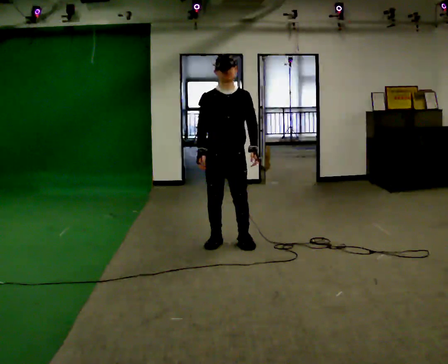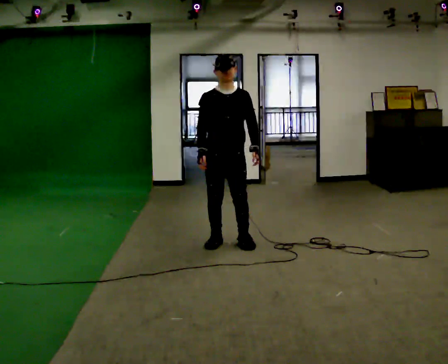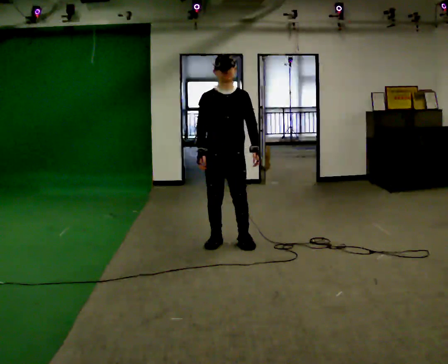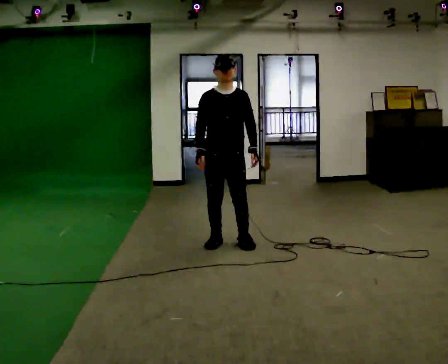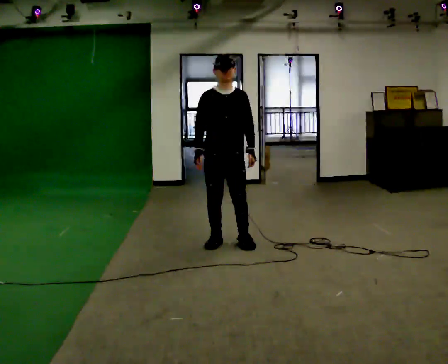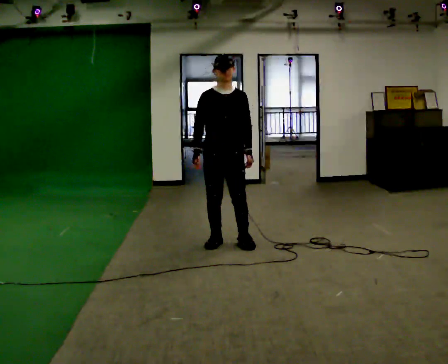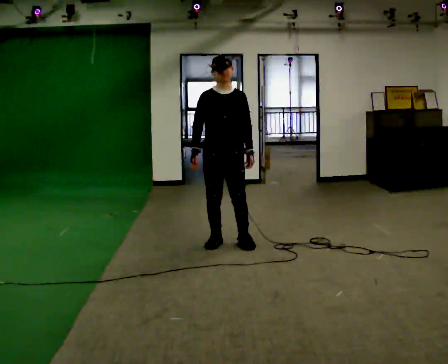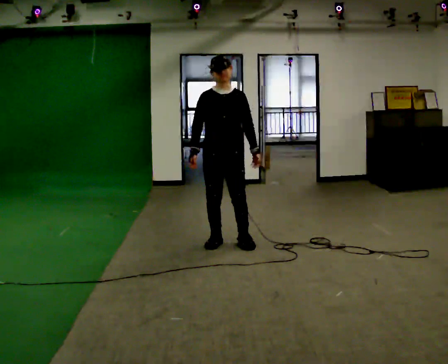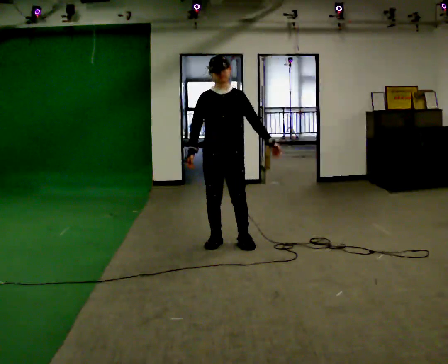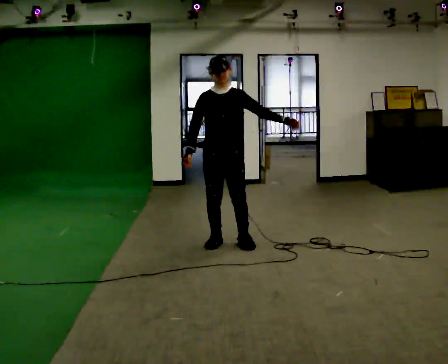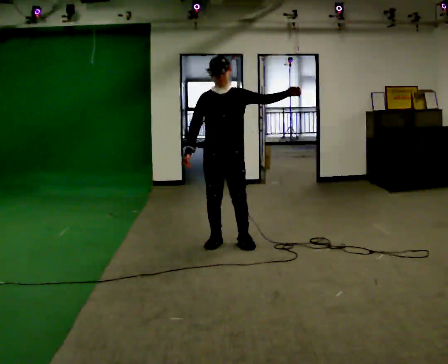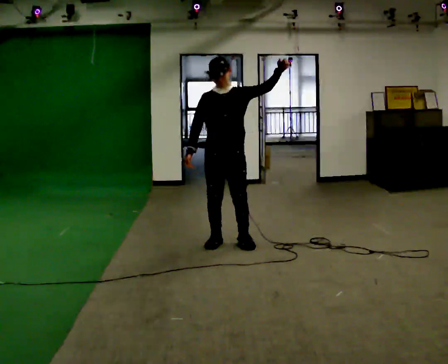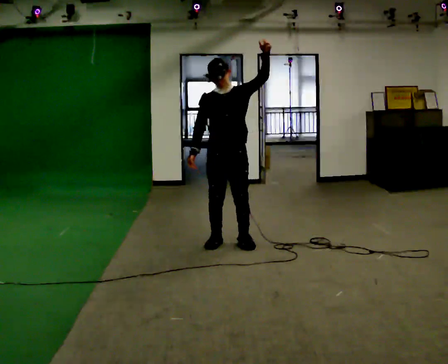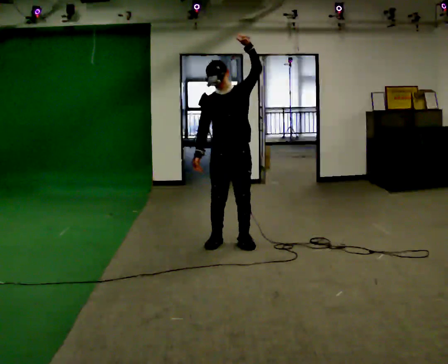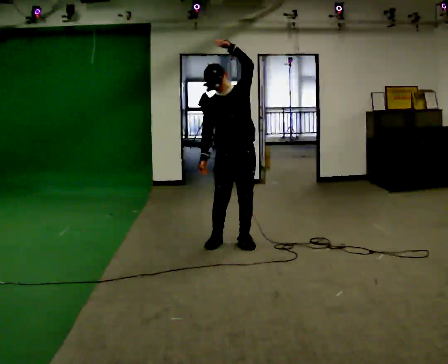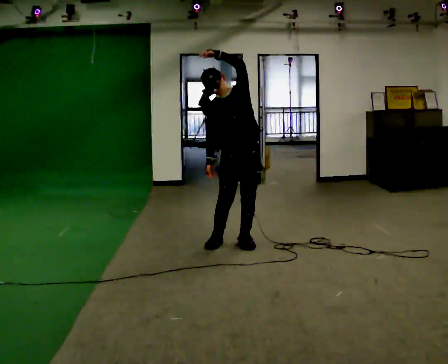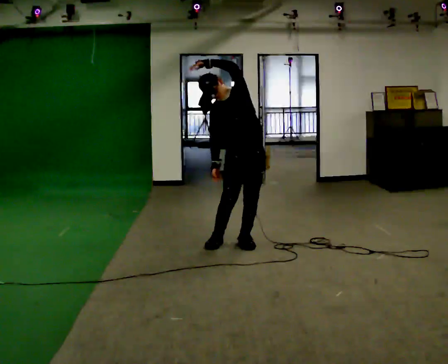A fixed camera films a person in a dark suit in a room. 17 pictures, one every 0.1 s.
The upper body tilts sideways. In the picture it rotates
counterclockwise.
Their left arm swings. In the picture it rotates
counterclockwise.
0.0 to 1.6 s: In the picture they go to the right, about 0.25 m, which for them is to their left. In the picture the upper body tilts counterclockwise, shoulders to the left. In the picture their left hand goes upward and to the left, the arm swinging counterclockwise.
The film runs backward here.
